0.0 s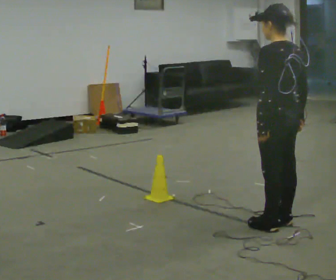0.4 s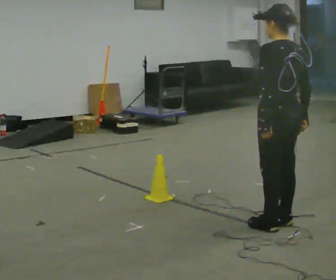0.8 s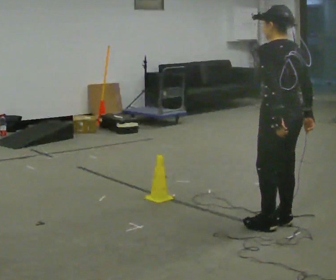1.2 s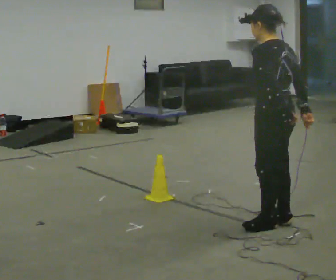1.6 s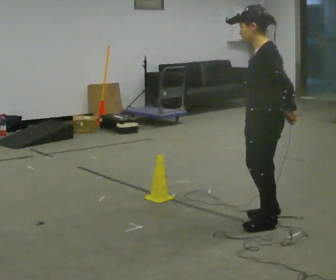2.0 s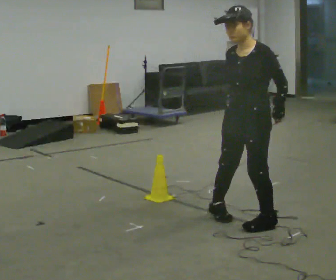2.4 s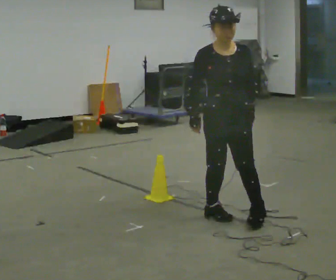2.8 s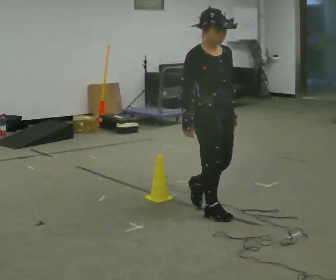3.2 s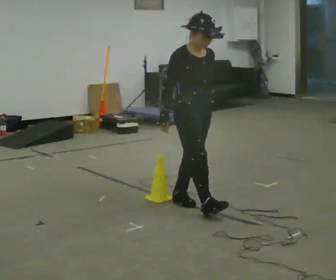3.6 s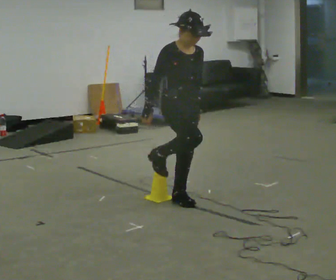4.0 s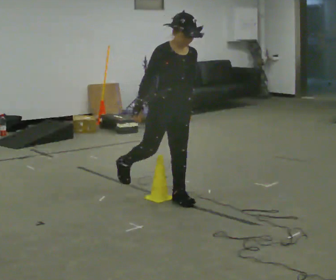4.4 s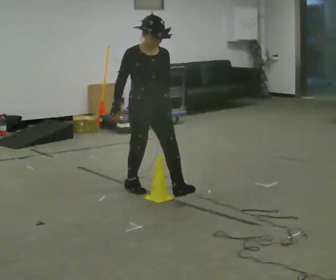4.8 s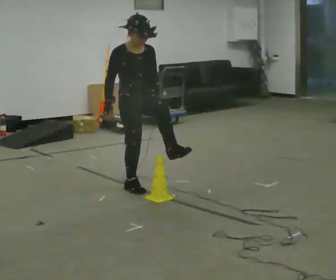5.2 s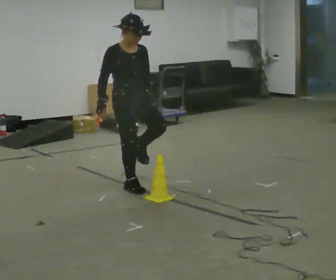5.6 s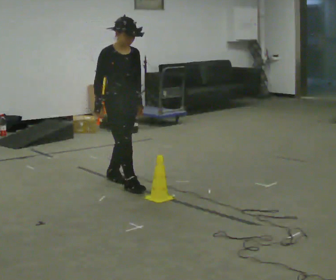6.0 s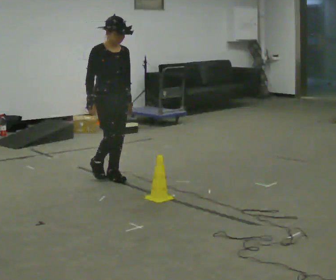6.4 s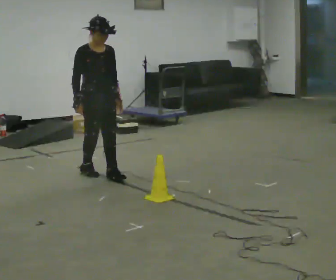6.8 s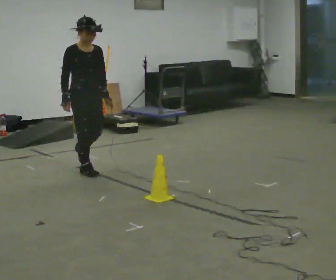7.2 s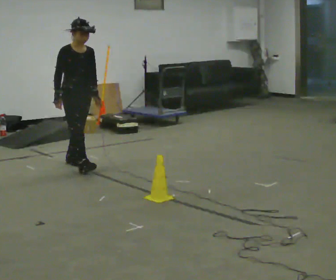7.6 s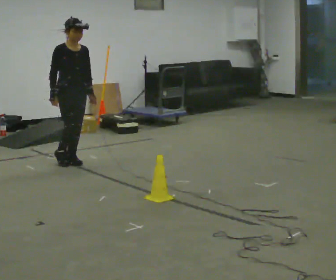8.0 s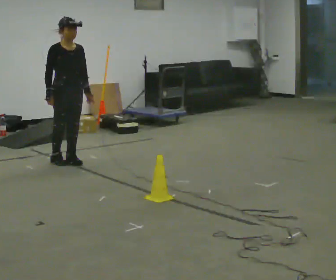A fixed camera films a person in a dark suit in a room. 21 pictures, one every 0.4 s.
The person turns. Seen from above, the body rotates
counterclockwise.
The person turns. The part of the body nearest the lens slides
to the right.
0.0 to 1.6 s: The person turns about 45 degrees to their left, counterclockwise seen from above, so the part of the body nearest the lens slides to the right.
1.6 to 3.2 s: Seen from above the body turns counterclockwise, about 135 degrees: to their left, with its near side sliding to the right. In the picture they go to the left and away from the camera, about 0.75 m in 1 step.
3.2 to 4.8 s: In the picture they go to the left and away from the camera, about 0.75 m in 2 steps, which for them is backward.
4.8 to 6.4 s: In the picture they go away from the camera and to the left, about 0.5 m in 1 step, which for them is backward.
6.4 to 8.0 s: In the picture they go away from the camera and to the left, about 0.5 m in 2 steps, which for them is backward.
The film runs backward here.
